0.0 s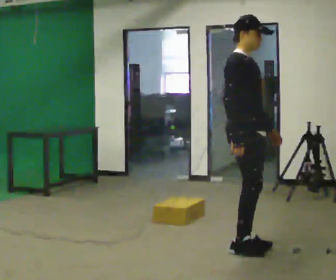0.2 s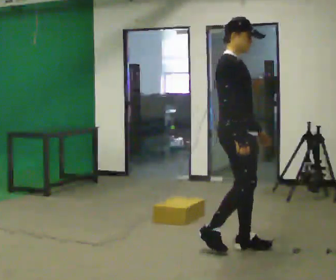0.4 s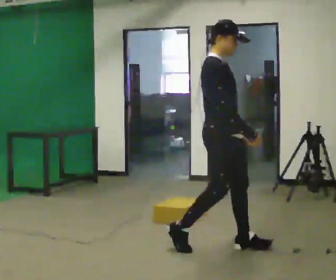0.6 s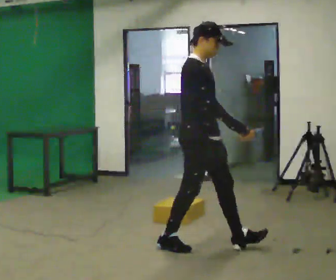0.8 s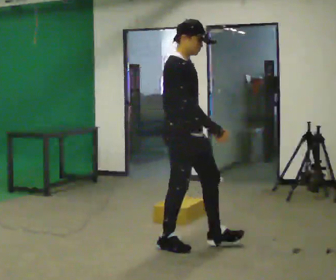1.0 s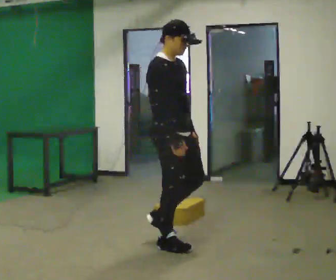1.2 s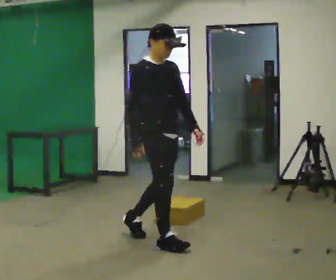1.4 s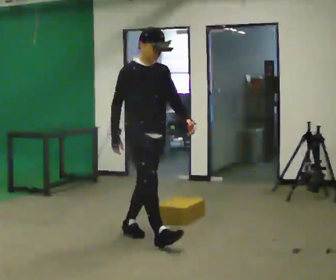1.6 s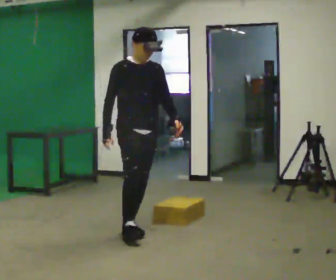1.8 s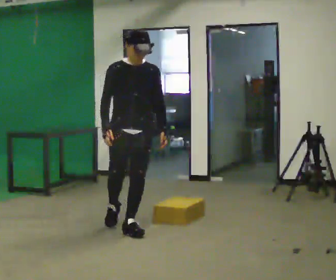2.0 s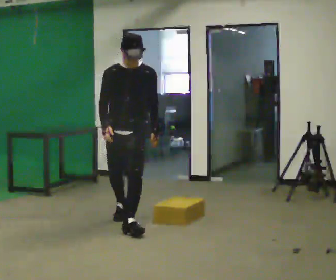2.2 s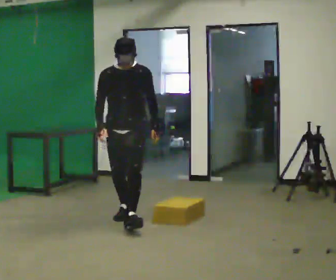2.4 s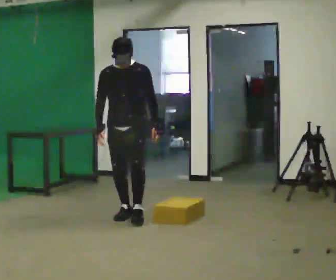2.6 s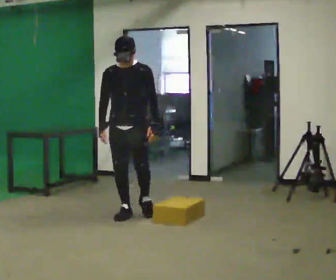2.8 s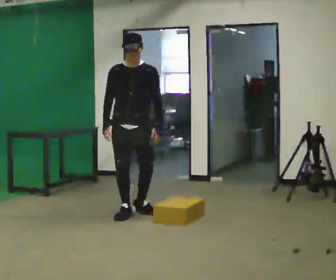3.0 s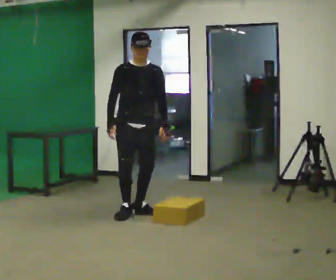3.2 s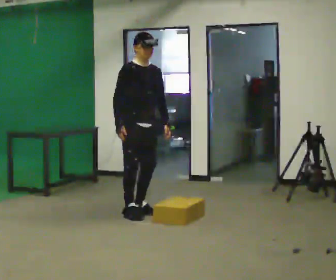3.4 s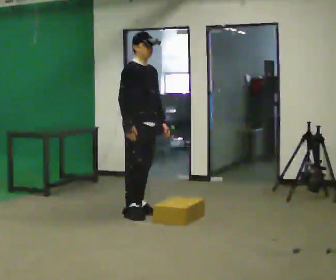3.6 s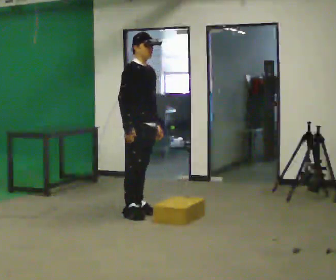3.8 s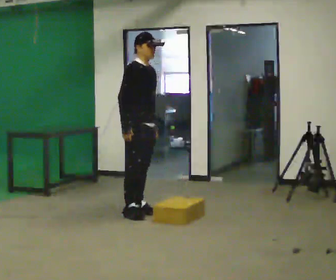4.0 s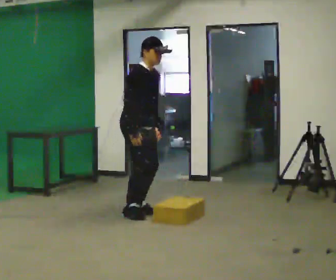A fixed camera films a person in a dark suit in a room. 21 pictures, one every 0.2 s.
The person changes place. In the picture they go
away from the camera.
The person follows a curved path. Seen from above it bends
clockwise.
0.0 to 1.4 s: In the picture they go to the left and away from the camera, about 1 m in 3 steps, which for them is backward.
1.4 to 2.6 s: The person turns about 45 degrees to their right, clockwise seen from above, so the part of the body nearest the lens slides to the left. In the picture they go away from the camera, about 1 m in 1 step, which for them is backward.
2.6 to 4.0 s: The person turns about 75 degrees to their left, counterclockwise seen from above, so the part of the body nearest the lens slides to the right.
The film runs backward here.
